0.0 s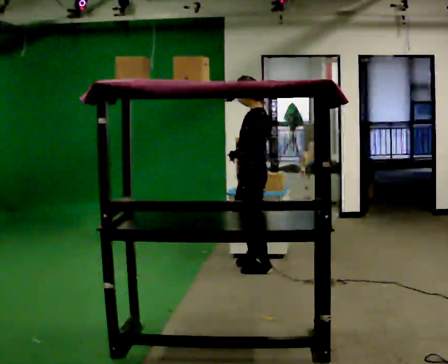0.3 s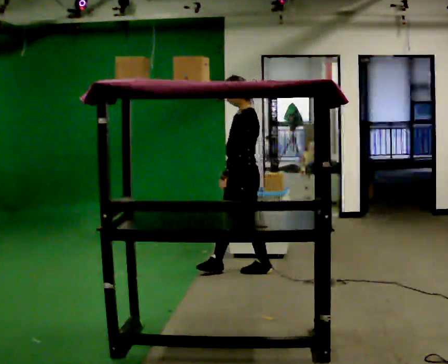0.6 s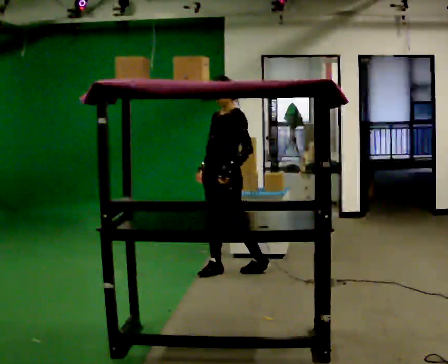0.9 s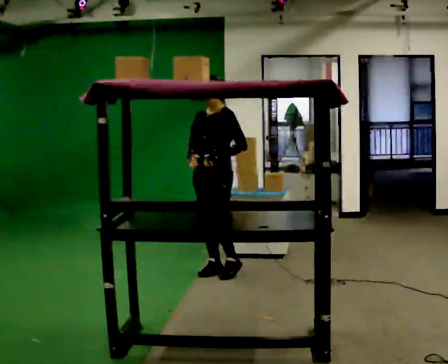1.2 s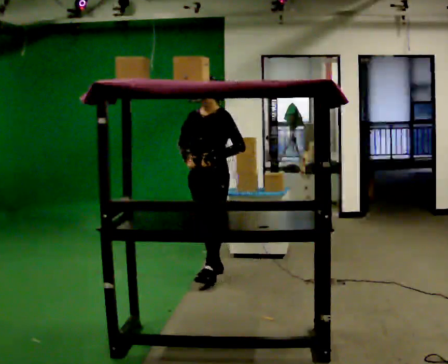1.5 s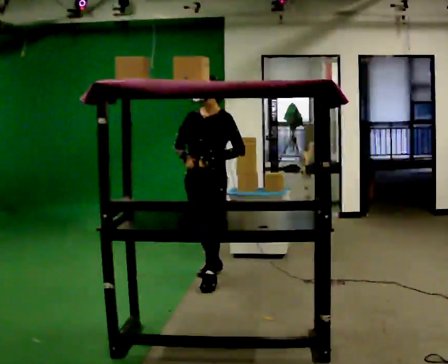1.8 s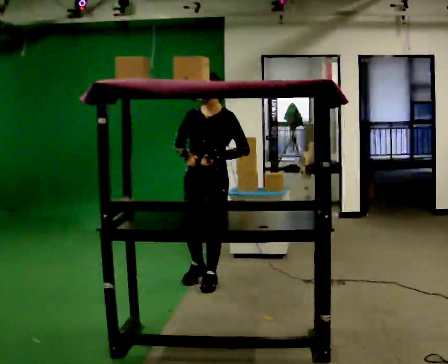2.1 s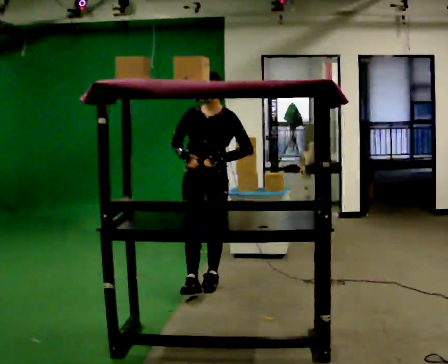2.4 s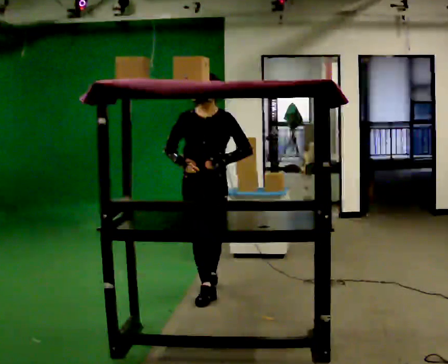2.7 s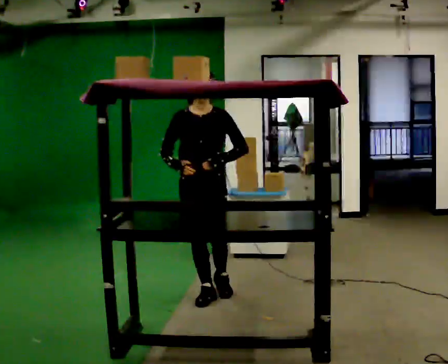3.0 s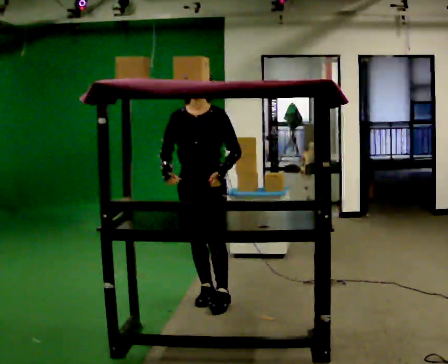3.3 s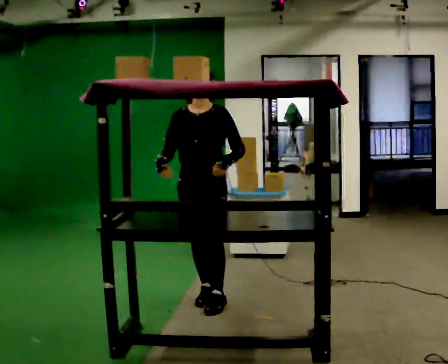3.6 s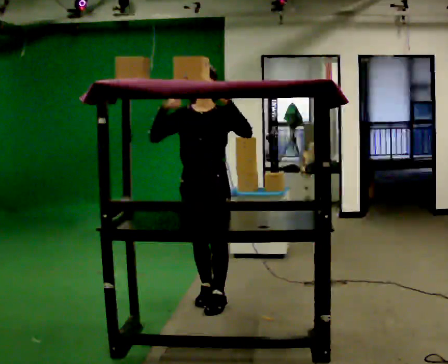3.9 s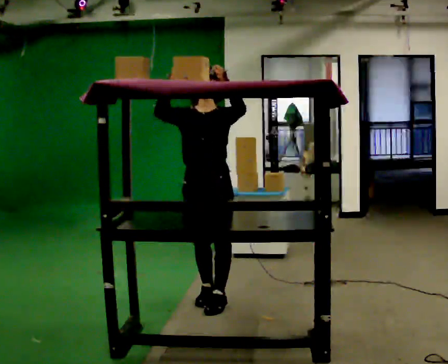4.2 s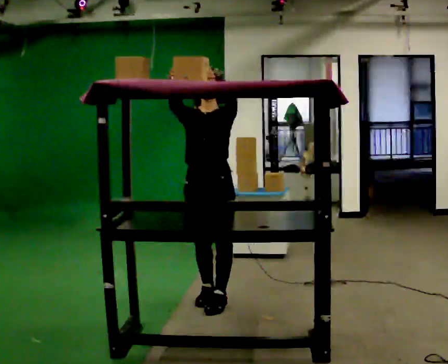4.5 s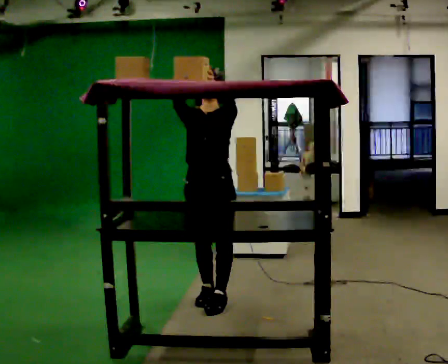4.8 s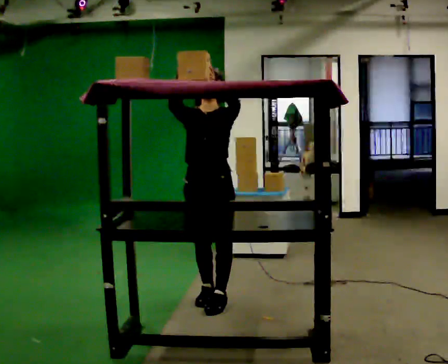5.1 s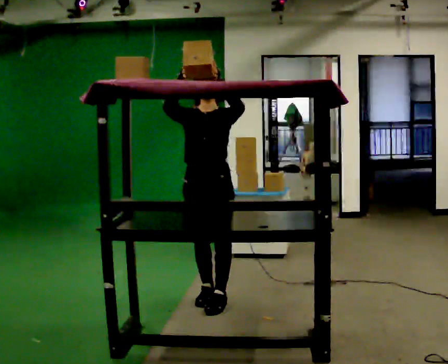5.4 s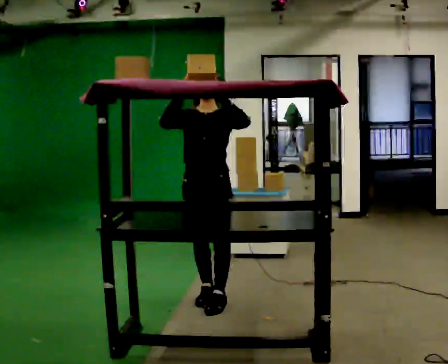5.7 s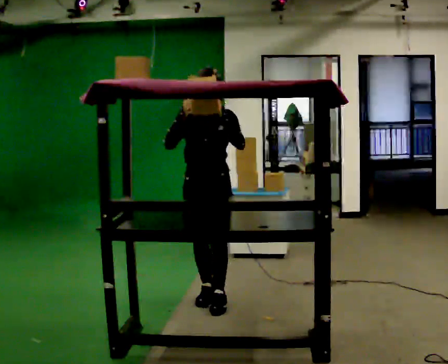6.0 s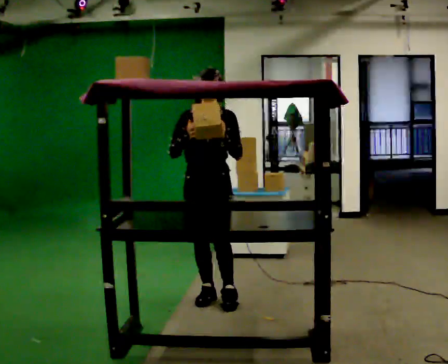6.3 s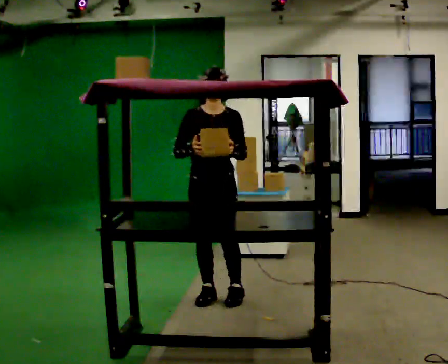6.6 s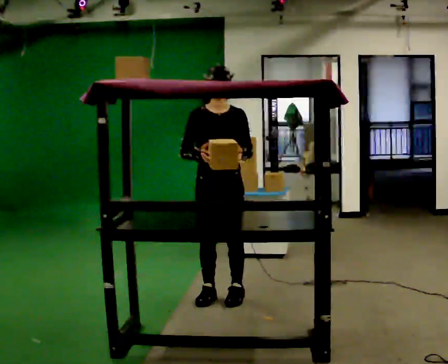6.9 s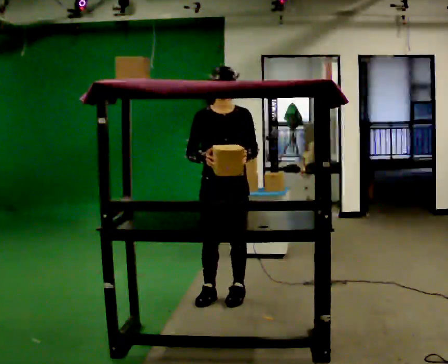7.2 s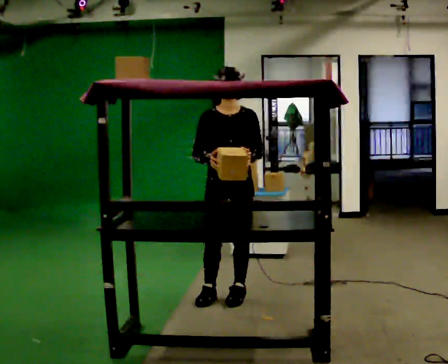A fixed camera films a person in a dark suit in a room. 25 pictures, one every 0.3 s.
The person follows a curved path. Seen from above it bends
counterclockwise.
0.0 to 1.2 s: The part of the body nearest the lens slides to the right as the person turns to their left by about 75 degrees. In the picture they go to the left, about 0.25 m in 1 step.
1.2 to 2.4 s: The person turns about 30 degrees to their left, counterclockwise seen from above, so the part of the body nearest the lens slides to the right. In the picture they go toward the camera, about 0.5 m in 2 steps, which for them is forward.
2.4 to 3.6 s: In the picture they go toward the camera, about 0.25 m in 1 step, which for them is forward. In the picture their left hand goes upward.
3.6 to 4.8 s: The person moves a little, or ends about where they began.
4.8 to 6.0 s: In the picture they go away from the camera, about 0.25 m, which for them is backward. In the picture their left hand goes downward.
6.0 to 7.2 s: In the picture they go to the right, about 0.25 m in 1 step, which for them is to their left.
The film runs forward here.
